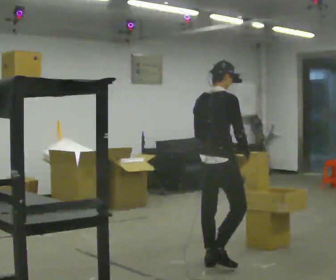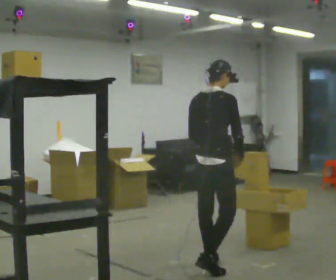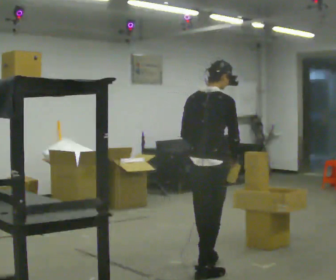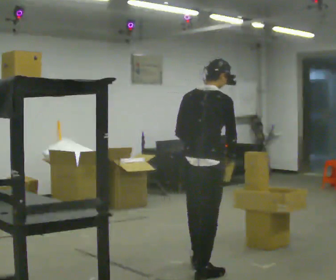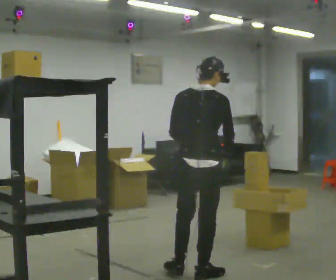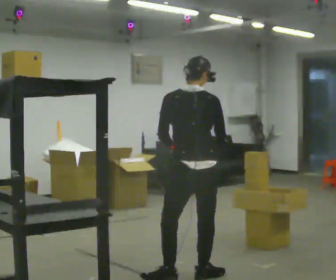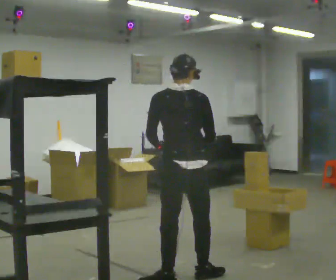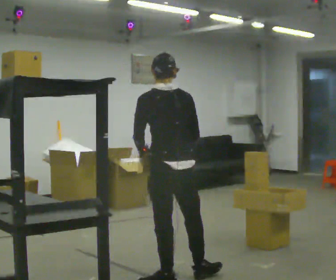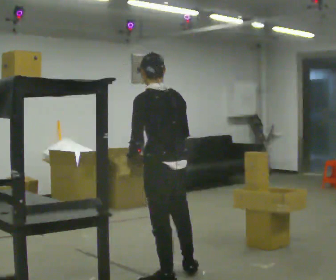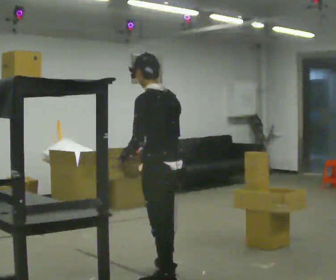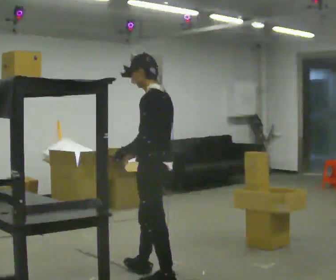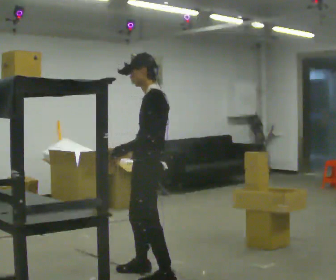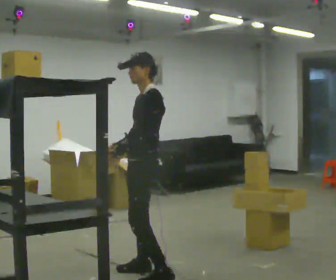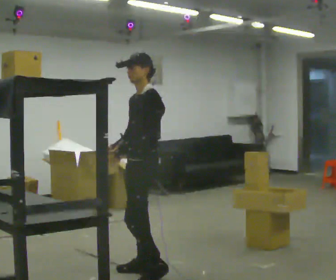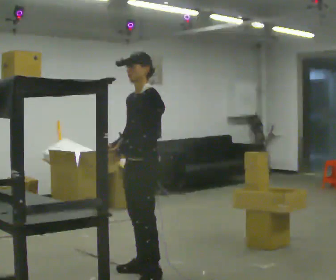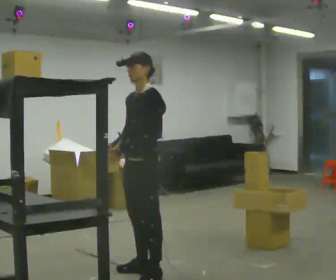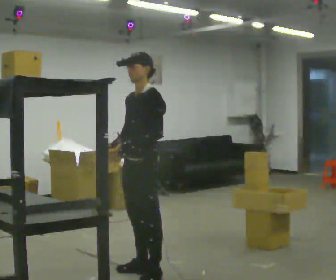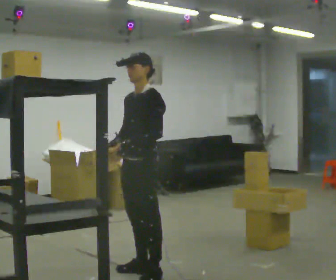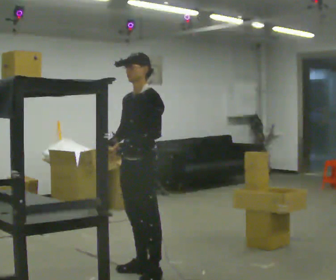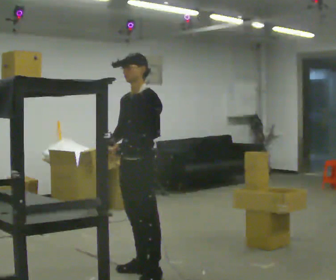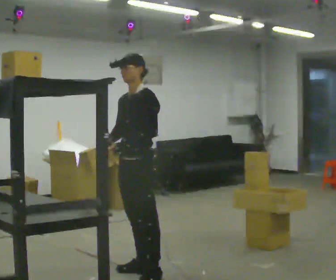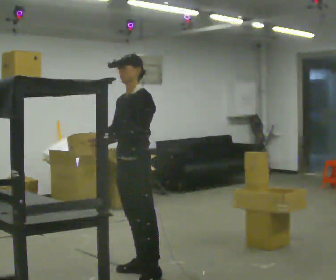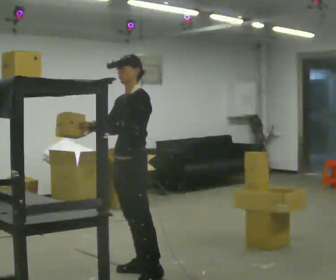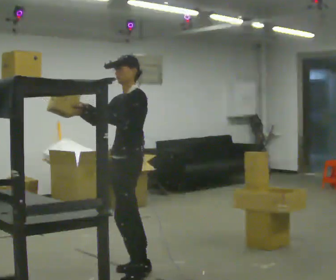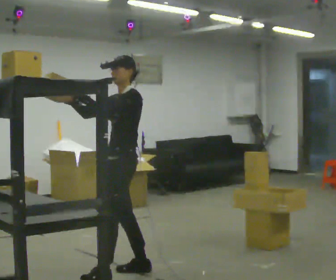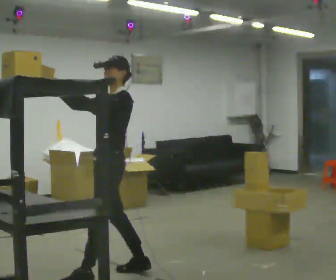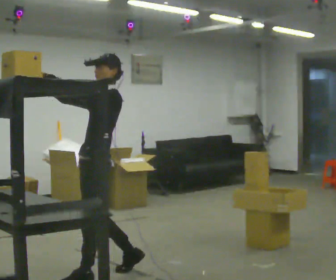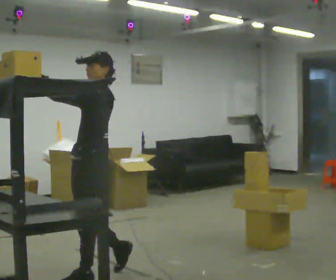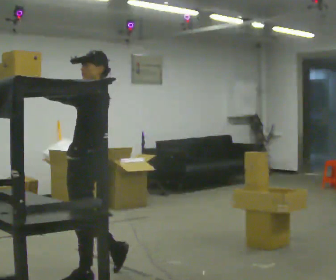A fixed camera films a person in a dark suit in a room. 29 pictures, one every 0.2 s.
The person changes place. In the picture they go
to the left.
The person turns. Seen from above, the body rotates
counterclockwise.
0.0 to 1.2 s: The person turns about 60 degrees to their left, counterclockwise seen from above, so the part of the body nearest the lens slides to the right. In the picture they go toward the camera and to the left, about 0.5 m in 1 step, which for them is backward.
1.2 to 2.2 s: Seen from above the body turns counterclockwise, about 75 degrees: to their left, with its near side sliding to the right. In the picture they go to the left, about 0.25 m in 1 step. In the picture their right hand goes to the left, the arm swinging clockwise.
2.2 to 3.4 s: The person turns about 45 degrees to their left, counterclockwise seen from above, so the part of the body nearest the lens slides to the right. In the picture they go away from the camera, about 0.25 m in 1 step, which for them is to their right.
3.4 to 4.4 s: The person moves a little, or ends about where they began.
4.4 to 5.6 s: In the picture they go to the left and toward the camera, about 0.5 m in 2 steps, which for them is forward. In the picture their left hand goes upward.
The film runs backward here.
